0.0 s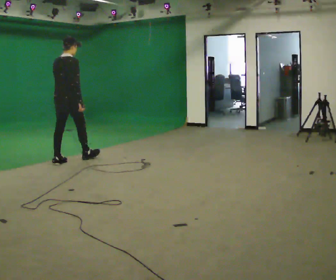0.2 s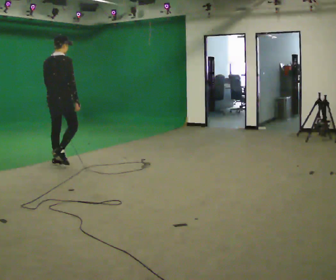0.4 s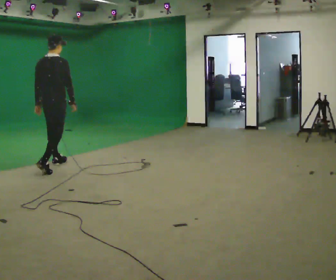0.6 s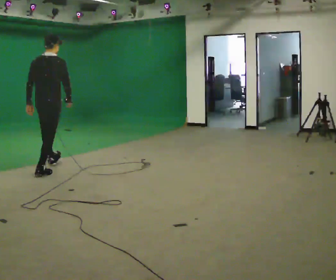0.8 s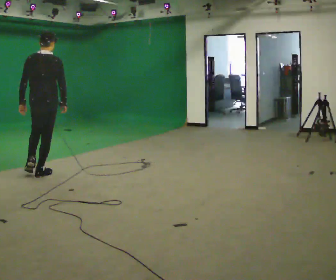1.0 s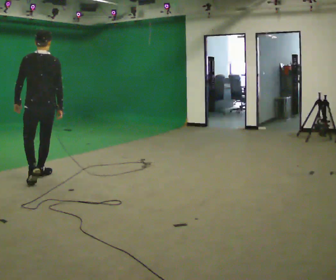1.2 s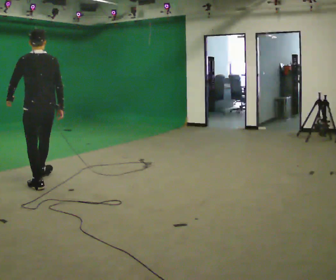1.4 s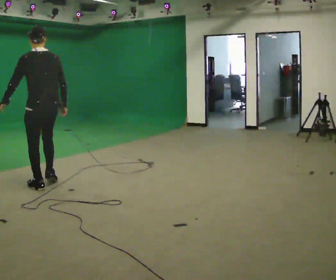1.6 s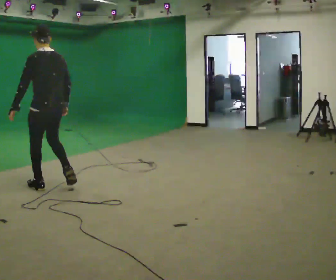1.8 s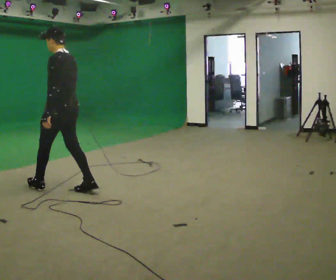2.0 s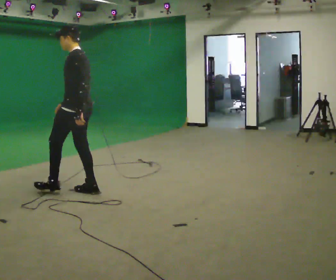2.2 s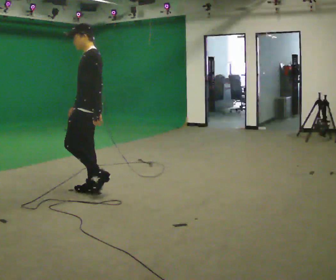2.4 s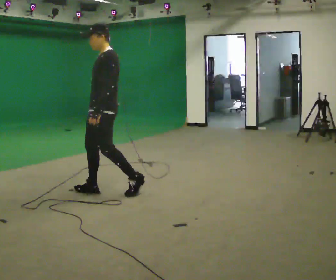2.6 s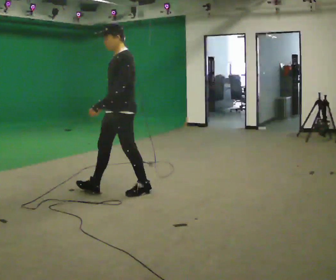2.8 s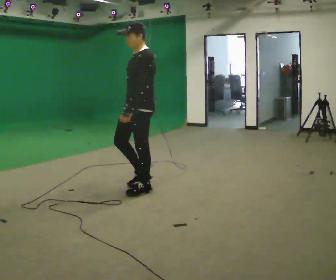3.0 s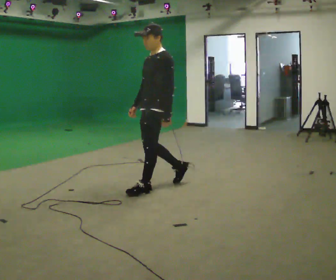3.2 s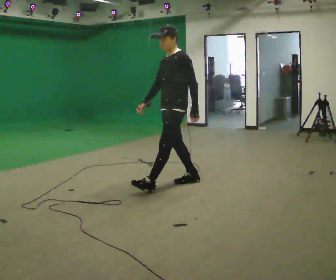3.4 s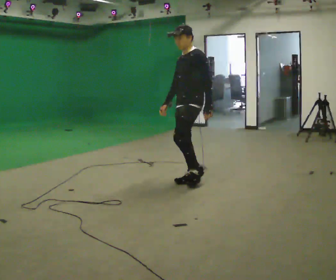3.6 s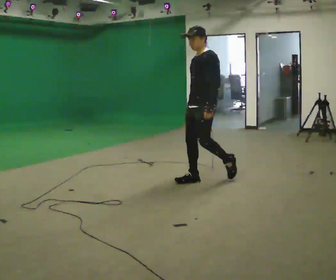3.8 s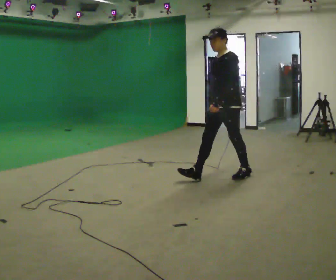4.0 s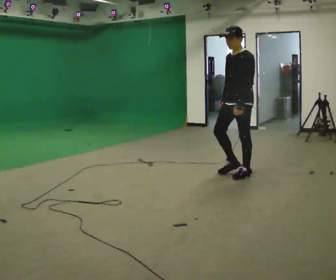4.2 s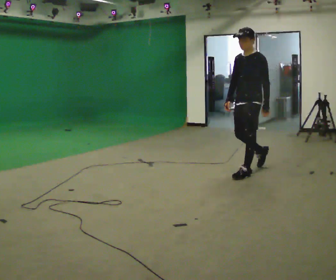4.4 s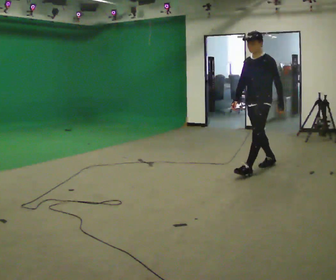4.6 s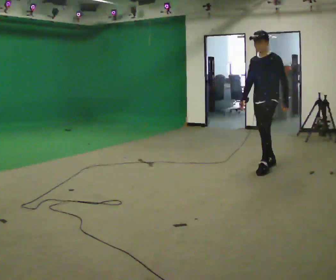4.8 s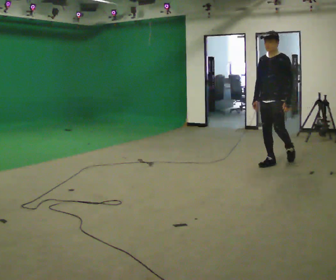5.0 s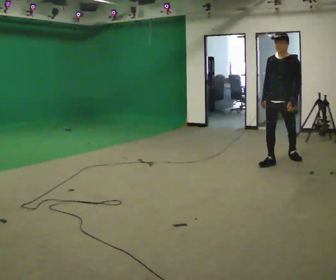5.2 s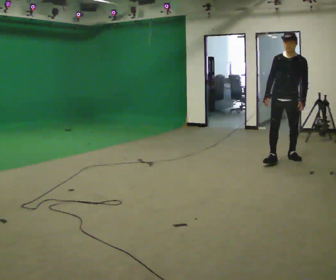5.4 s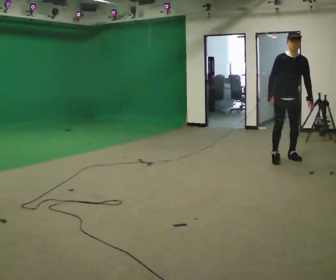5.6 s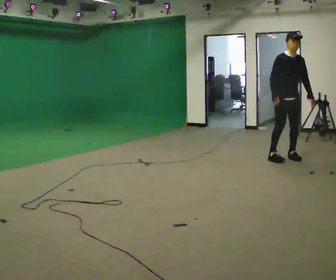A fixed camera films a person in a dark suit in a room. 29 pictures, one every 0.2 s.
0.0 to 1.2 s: Seen from above the body turns counterclockwise, about 45 degrees: to their left, with its near side sliding to the right. In the picture they go toward the camera, about 1 m in 2 steps, which for them is backward.
1.2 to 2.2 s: Seen from above the body turns counterclockwise, about 60 degrees: to their left, with its near side sliding to the right. In the picture they go to the right and toward the camera, about 0.75 m in 1 step.
2.2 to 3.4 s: In the picture they go to the right, about 1 m in 2 steps, which for them is backward.
3.4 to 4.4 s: In the picture they go to the right and away from the camera, about 1 m in 1 step, which for them is backward.
4.4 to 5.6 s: Seen from above the body turns counterclockwise, about 60 degrees: to their left, with its near side sliding to the right. In the picture they go to the right and away from the camera, about 0.75 m in 2 steps. In the picture the upper body tilts clockwise, shoulders to the right.
The film runs backward here.
